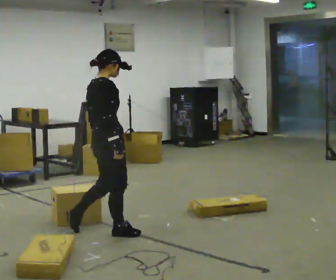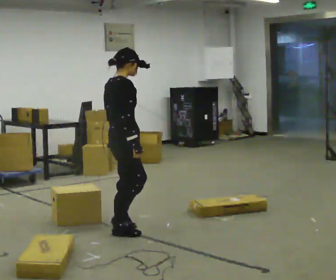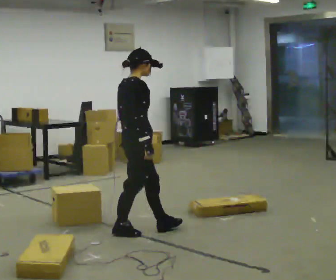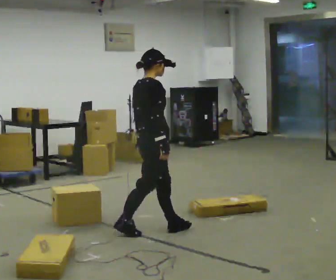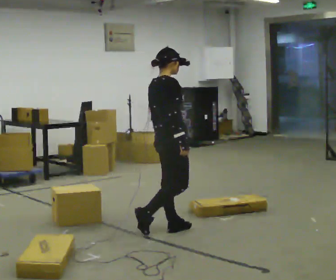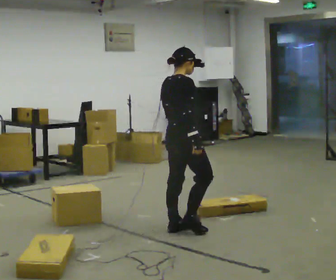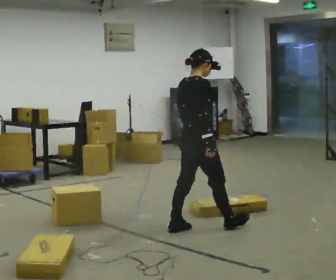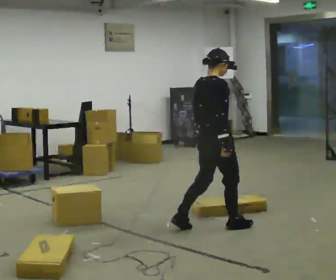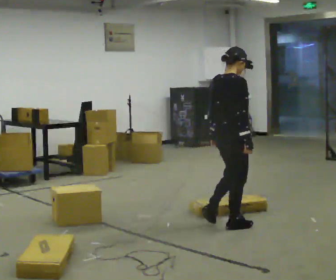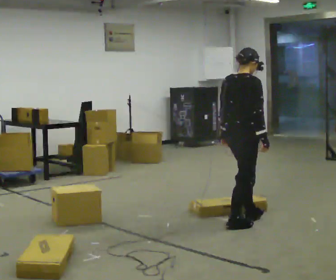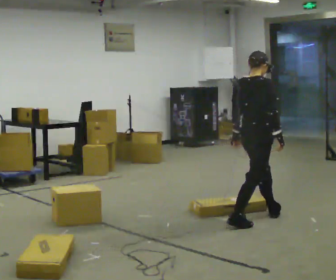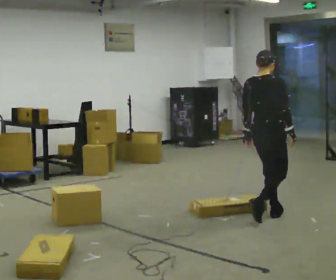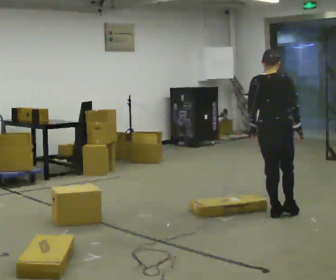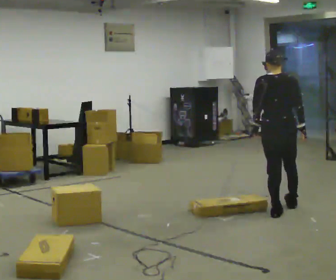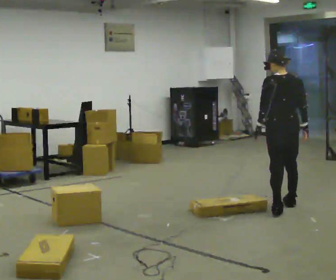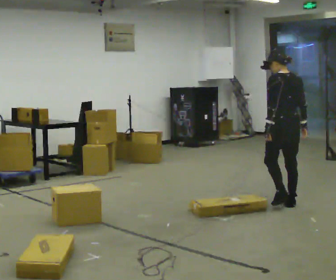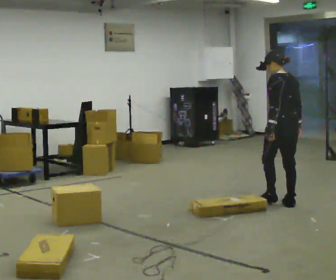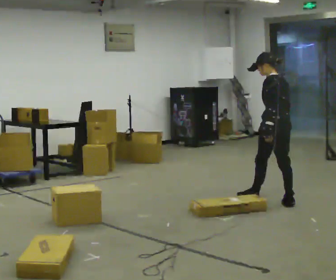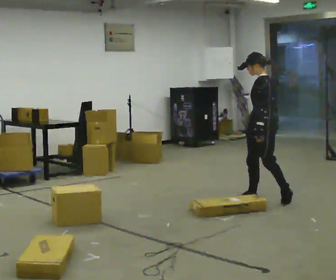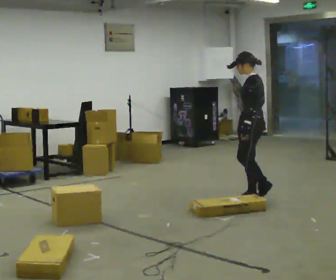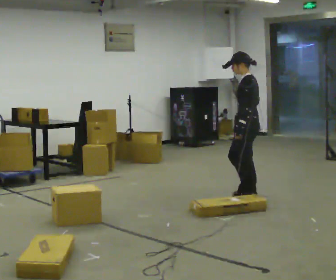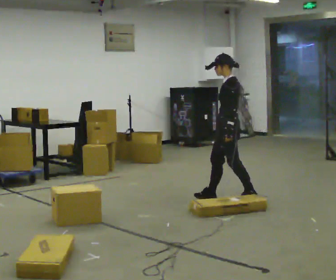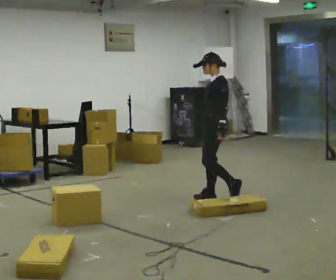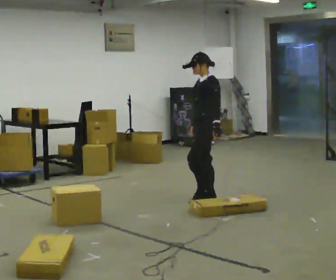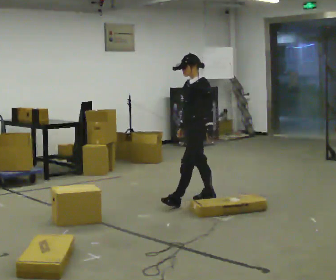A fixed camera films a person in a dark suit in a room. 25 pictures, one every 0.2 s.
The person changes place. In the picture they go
away from the camera.
The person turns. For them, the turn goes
to their left.
0.0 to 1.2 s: In the picture they go to the right, about 0.5 m in 1 step, which for them is forward.
1.2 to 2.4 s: Seen from above the body turns counterclockwise, about 30 degrees: to their left, with its near side sliding to the right. In the picture they go to the right and away from the camera, about 1 m in 2 steps, which for them is forward.
2.4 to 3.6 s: The person turns about 90 degrees to their left, counterclockwise seen from above, so the part of the body nearest the lens slides to the right. In the picture they go away from the camera, about 0.5 m in 2 steps.
3.6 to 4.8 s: The person turns about 60 degrees to their left, counterclockwise seen from above, so the part of the body nearest the lens slides to the right. In the picture they go to the left, about 0.75 m in 1 step, which for them is forward.
The film runs forward here.
